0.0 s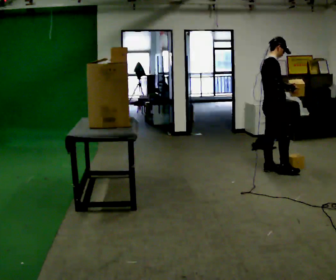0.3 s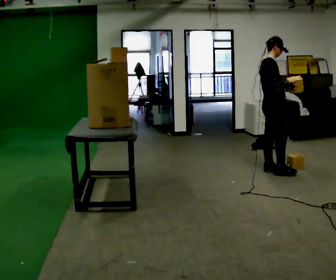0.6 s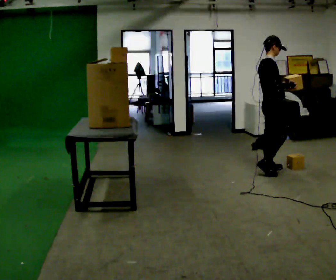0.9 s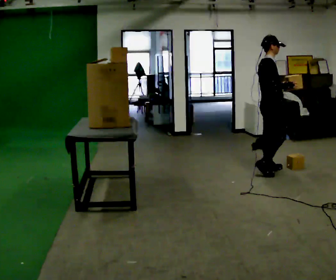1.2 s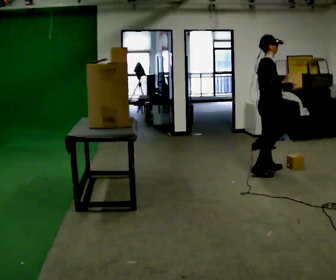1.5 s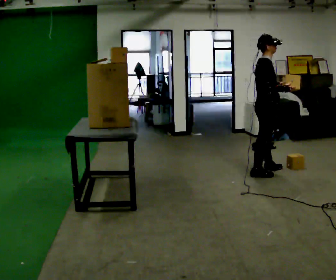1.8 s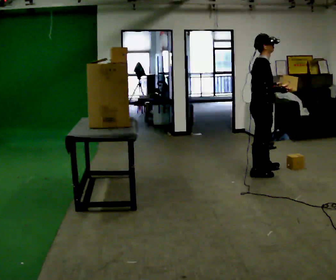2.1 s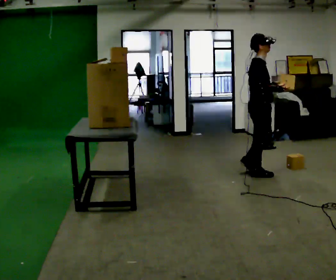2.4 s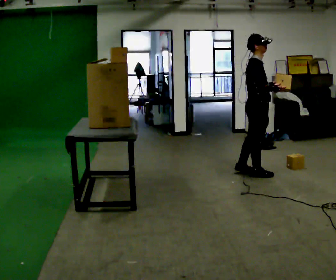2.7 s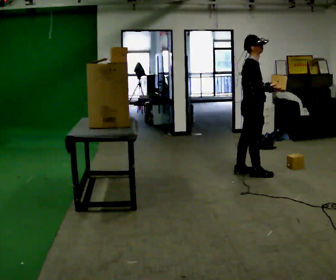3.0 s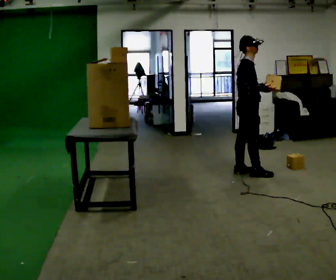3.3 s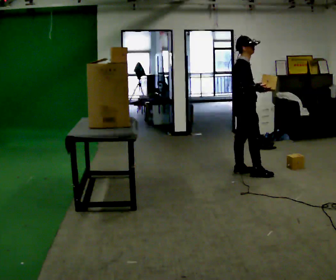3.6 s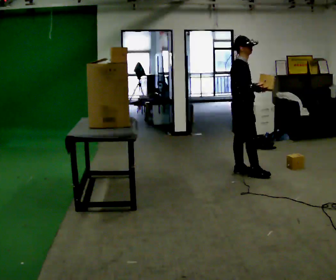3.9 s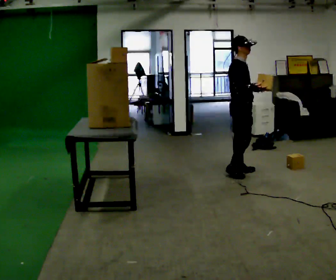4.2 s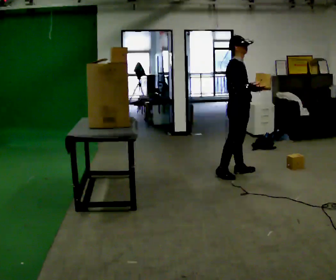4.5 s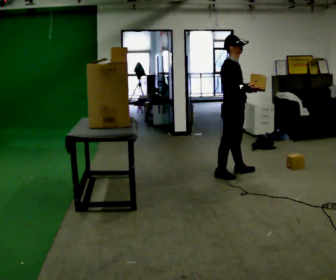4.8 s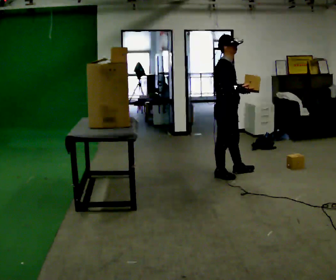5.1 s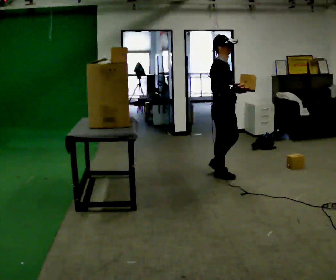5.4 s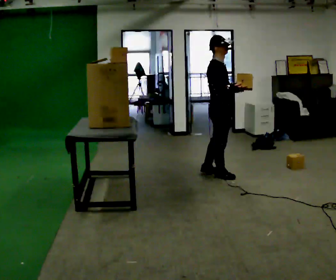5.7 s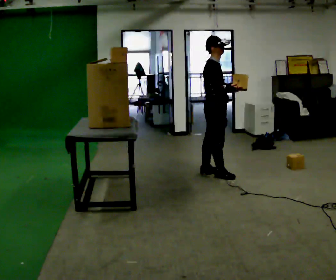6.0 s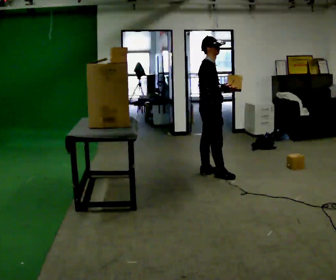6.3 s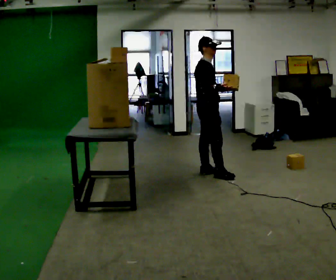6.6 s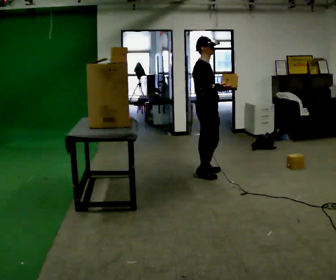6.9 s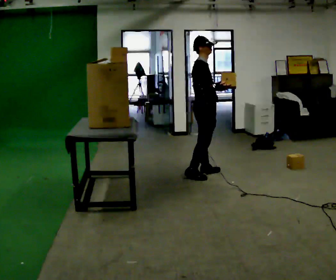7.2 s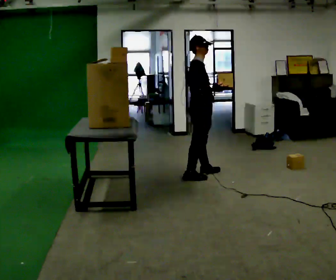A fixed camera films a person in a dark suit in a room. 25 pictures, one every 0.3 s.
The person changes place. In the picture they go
to the left.
0.0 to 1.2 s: The person moves a little, or ends about where they began.
1.2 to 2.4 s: In the picture they go to the left, about 0.25 m in 1 step, which for them is backward.
2.4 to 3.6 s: In the picture they go to the left and away from the camera, about 0.25 m in 1 step, which for them is backward and to their left.
3.6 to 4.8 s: In the picture they go to the left and toward the camera, about 0.25 m, which for them is to their right and backward.
4.8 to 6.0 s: In the picture they go to the left, about 0.25 m in 1 step, which for them is backward.
6.0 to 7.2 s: The person moves a little, or ends about where they began.
The film runs backward here.
